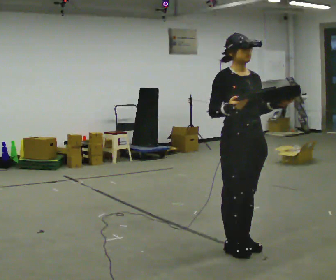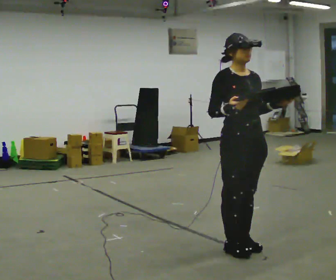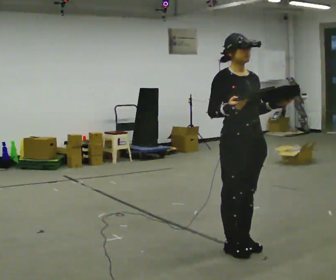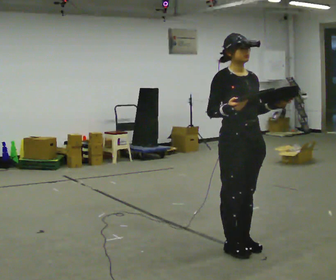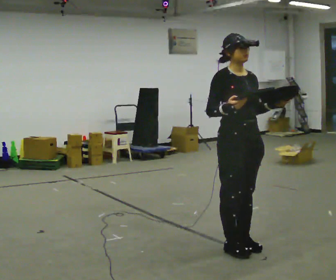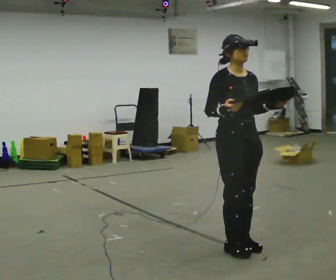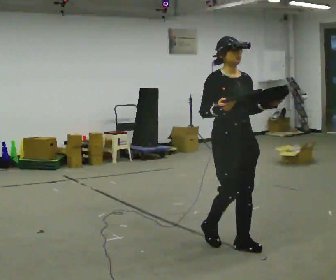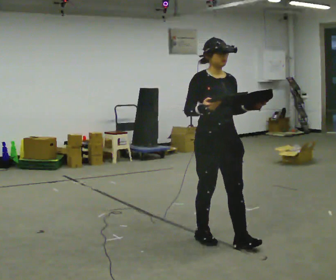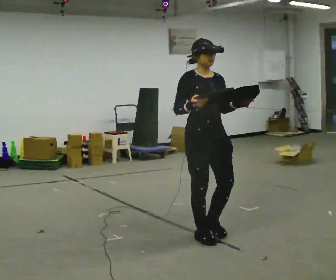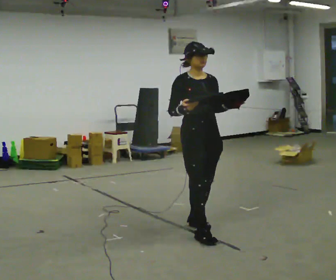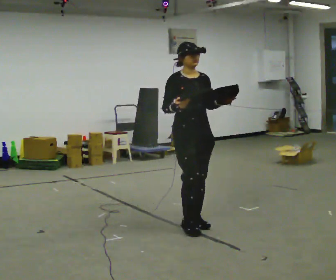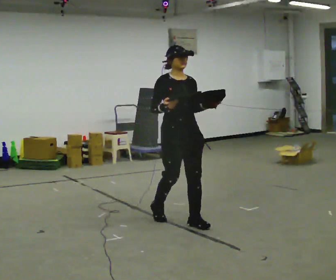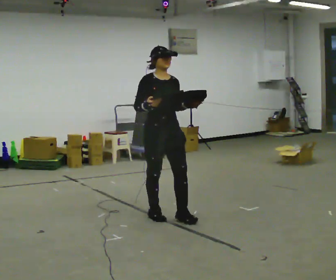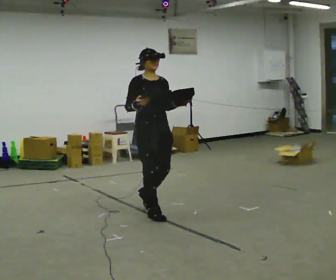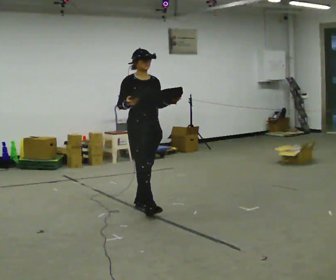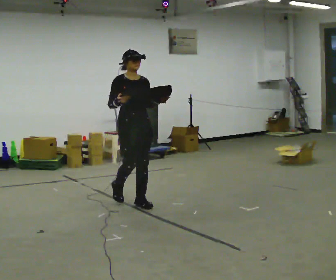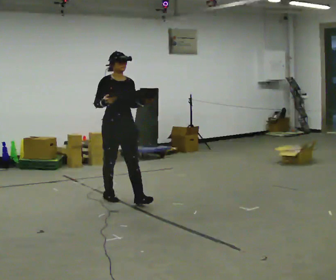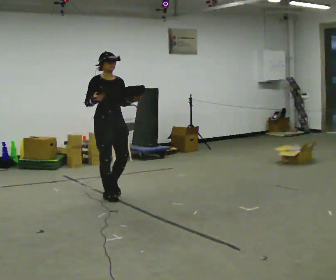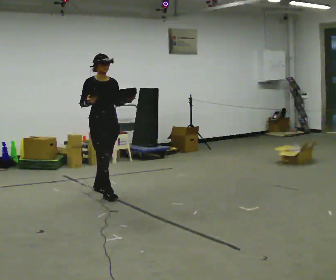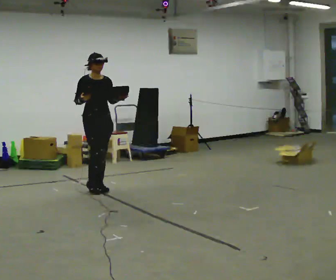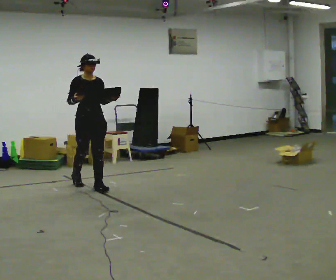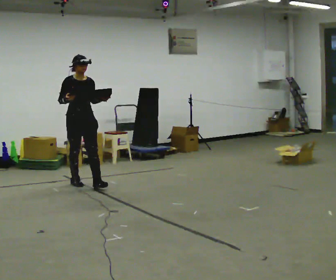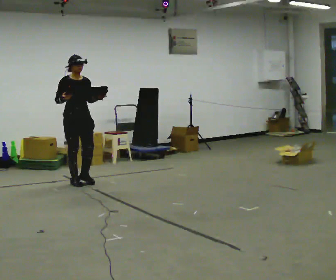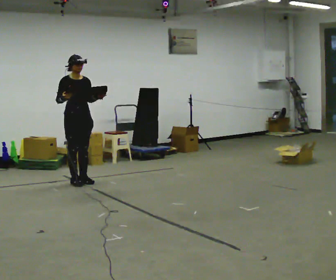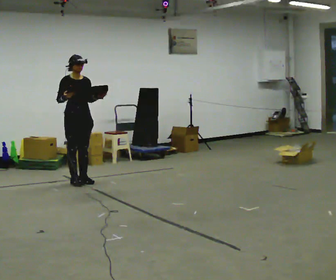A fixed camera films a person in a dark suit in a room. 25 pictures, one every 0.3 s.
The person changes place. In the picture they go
away from the camera.
0.0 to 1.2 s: The person moves a little, or ends about where they began.
1.2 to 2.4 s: In the picture they go away from the camera and to the left, about 0.5 m in 2 steps, which for them is backward.
2.4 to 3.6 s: In the picture they go away from the camera and to the left, about 0.5 m in 2 steps, which for them is backward.
3.6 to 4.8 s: In the picture they go away from the camera and to the left, about 1 m in 2 steps, which for them is backward.
4.8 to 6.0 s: In the picture they go away from the camera and to the left, about 0.5 m in 1 step, which for them is backward.
6.0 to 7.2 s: In the picture they go away from the camera and to the left, about 0.25 m in 1 step, which for them is backward.
The film runs backward here.
